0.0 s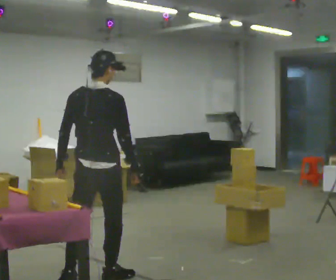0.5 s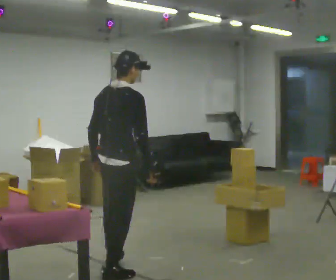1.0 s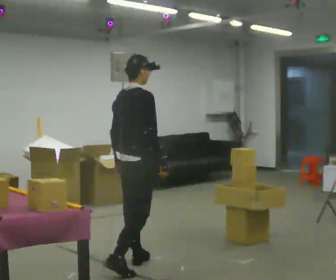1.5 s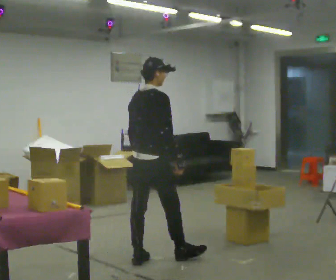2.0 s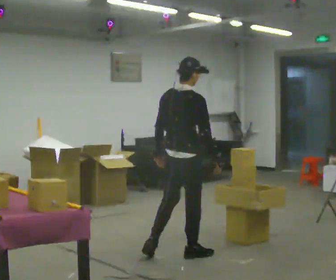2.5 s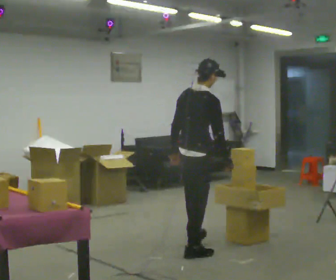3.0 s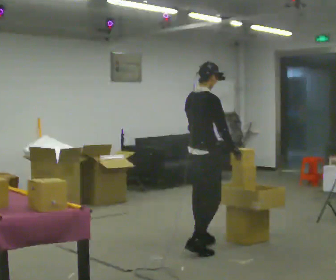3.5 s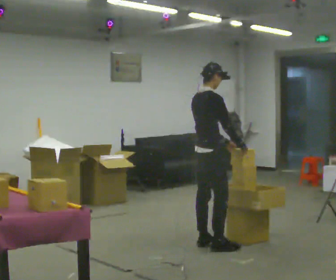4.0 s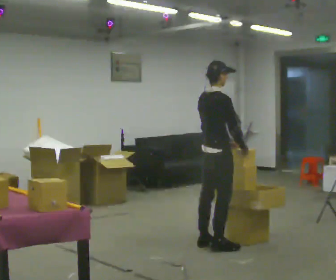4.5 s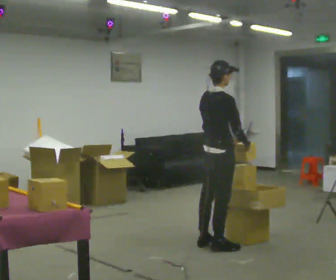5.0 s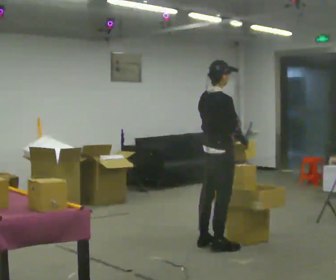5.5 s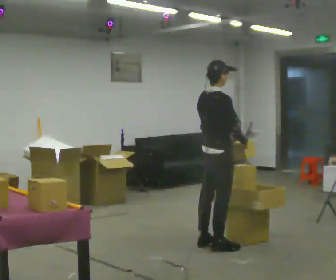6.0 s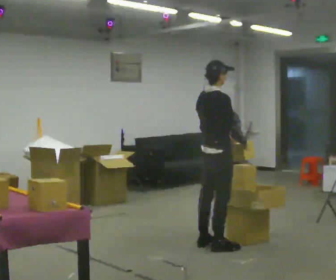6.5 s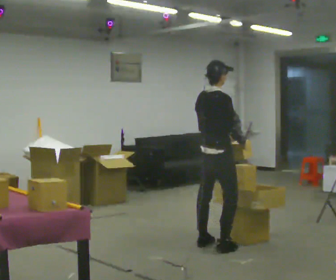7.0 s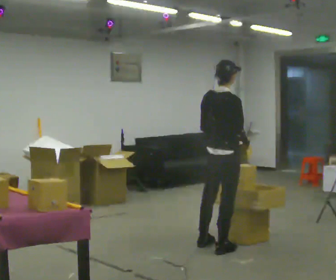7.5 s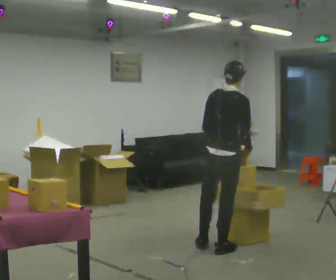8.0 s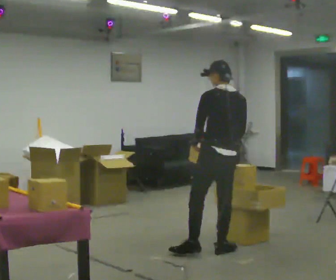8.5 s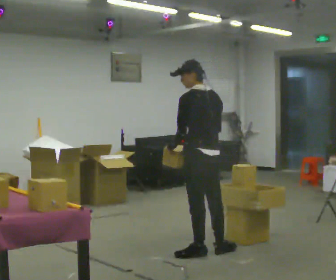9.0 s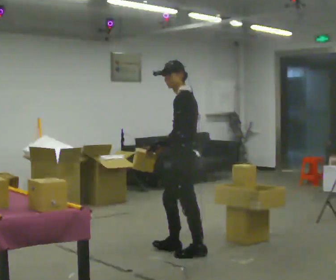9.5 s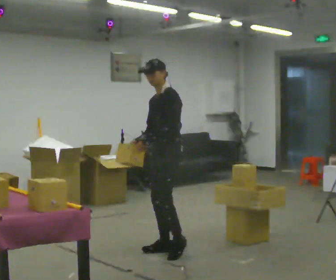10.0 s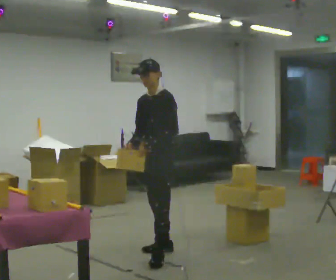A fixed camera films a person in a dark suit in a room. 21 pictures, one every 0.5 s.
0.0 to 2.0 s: In the picture they go away from the camera and to the right, about 1 m in 2 steps, which for them is forward.
2.0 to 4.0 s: The part of the body nearest the lens slides to the left as the person turns to their right by about 30 degrees. In the picture they go away from the camera and to the right, about 0.5 m in 2 steps, which for them is forward and to their left.
4.0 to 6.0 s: The person moves a little, or ends about where they began.
6.0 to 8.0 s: The part of the body nearest the lens slides to the right as the person turns to their left by about 75 degrees. In the picture they go toward the camera, about 0.25 m.
8.0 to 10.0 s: The part of the body nearest the lens slides to the right as the person turns to their left by about 105 degrees. In the picture they go to the left, about 0.5 m in 3 steps.
The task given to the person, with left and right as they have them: Carry the object over and fit it into the gap between the two boxes already on the shelf, without touching either of them. Keep going until the operator says stop; one object at a time, and do not rush between trips.
The film runs forward here.
